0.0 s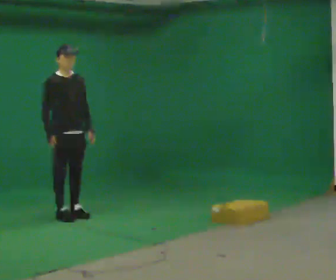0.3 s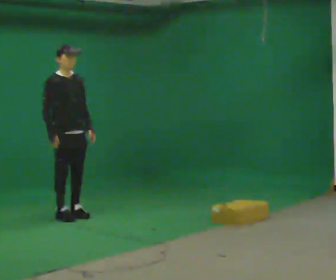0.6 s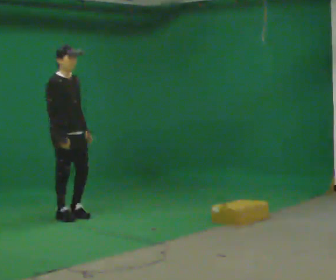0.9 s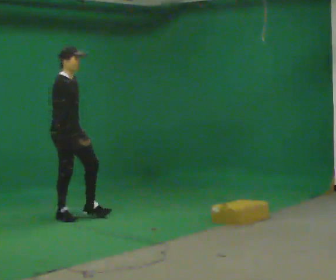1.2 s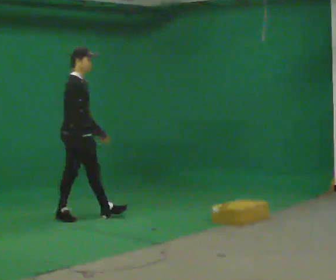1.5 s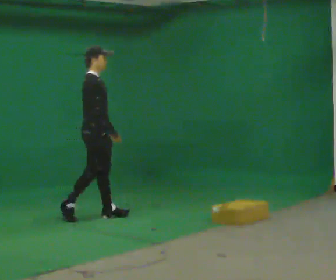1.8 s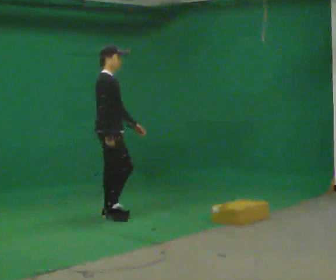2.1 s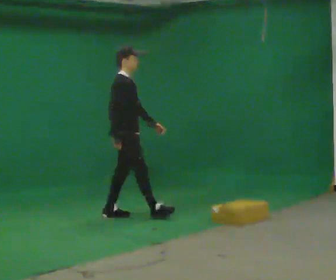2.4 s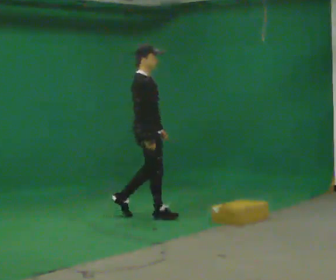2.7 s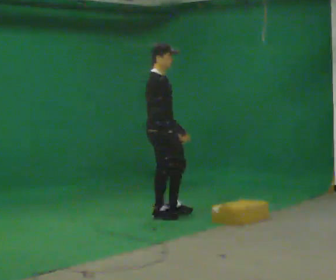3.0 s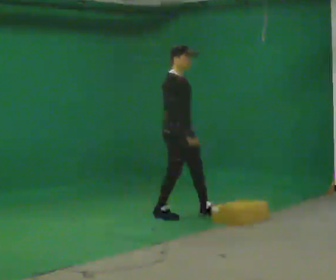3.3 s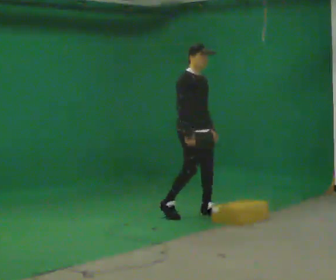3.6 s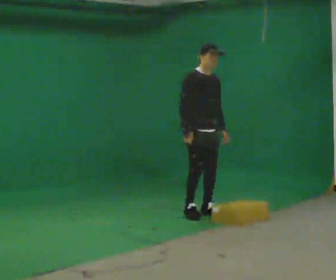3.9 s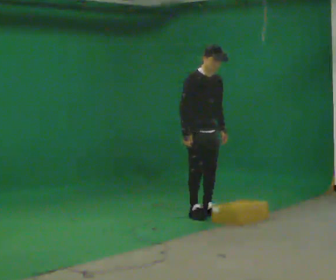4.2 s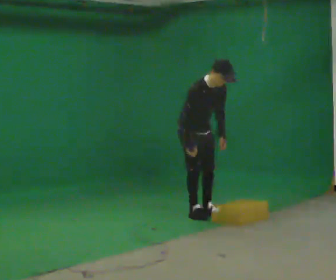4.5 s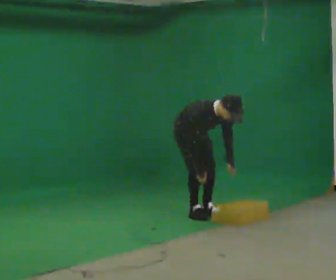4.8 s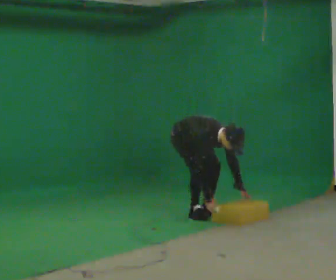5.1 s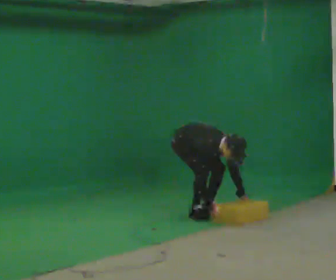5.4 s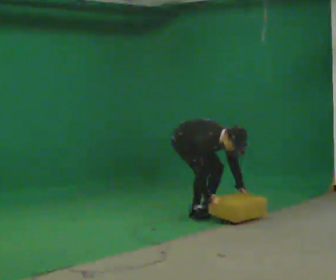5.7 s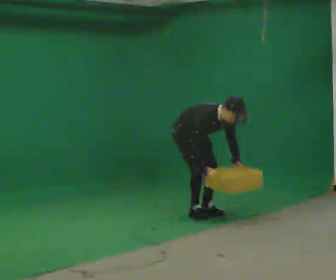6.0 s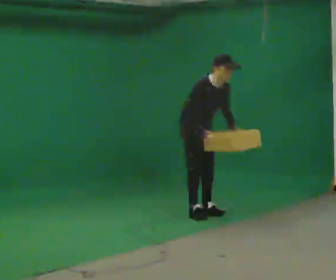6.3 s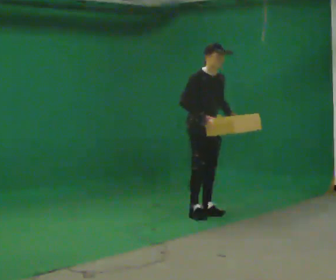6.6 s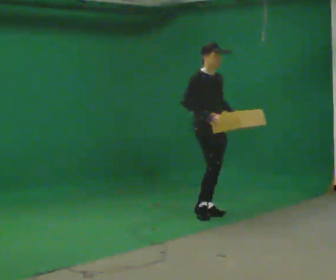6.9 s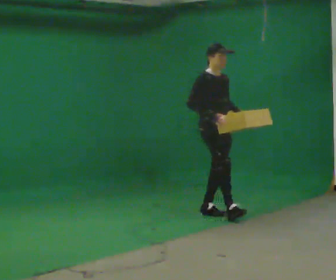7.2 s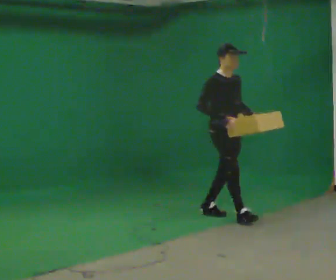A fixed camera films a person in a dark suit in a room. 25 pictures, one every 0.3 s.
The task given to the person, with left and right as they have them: Walk forward noticeably slower than normal; do not shuffle; stop.
0.0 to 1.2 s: The person turns about 45 degrees to their left, counterclockwise seen from above, so the part of the body nearest the lens slides to the right.
1.2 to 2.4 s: In the picture they go to the right, about 0.5 m in 1 step, which for them is forward.
2.4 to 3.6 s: The person turns about 45 degrees to their right, clockwise seen from above, so the part of the body nearest the lens slides to the left. In the picture they go to the right, about 0.5 m in 1 step, which for them is forward and to their left.
3.6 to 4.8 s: The shoulders move downward. In the picture the upper body tilts clockwise, shoulders to the right, as they bend forward. In the picture their left hand goes downward.
4.8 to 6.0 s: The shoulders move upward. In the picture the upper body tilts counterclockwise, shoulders to the left, as they lean back or straighten. In the picture their left hand goes upward.
6.0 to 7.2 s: In the picture they go to the right and toward the camera, about 0.5 m in 1 step, which for them is forward. In the picture the upper body tilts counterclockwise, shoulders to the left, as they lean back or straighten.
The film runs forward here.
